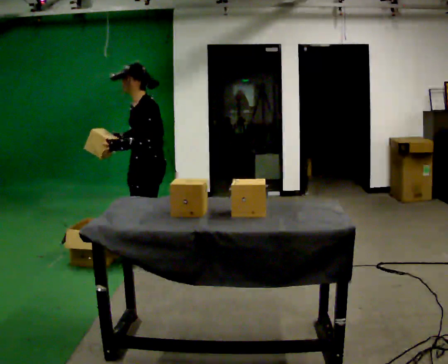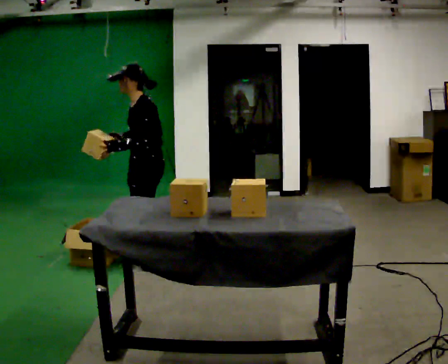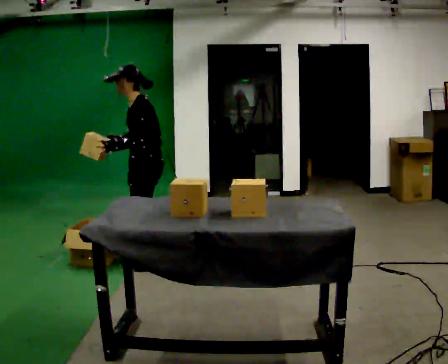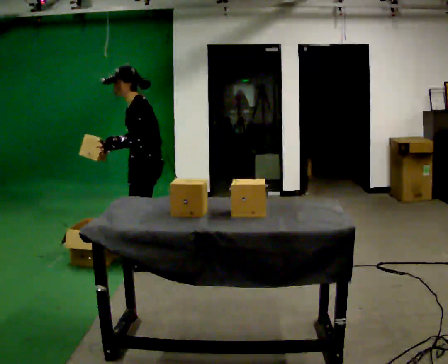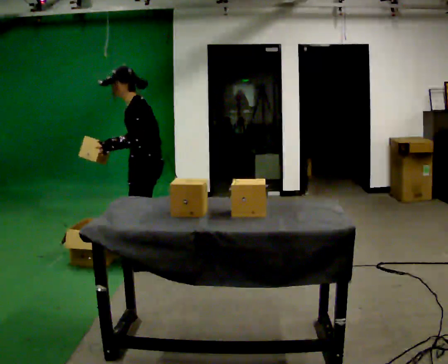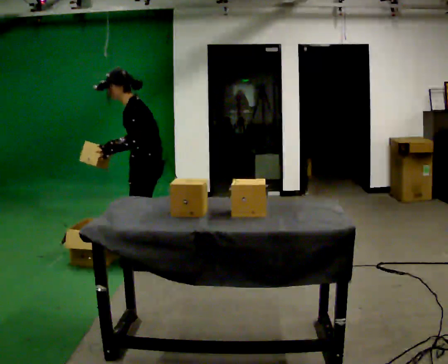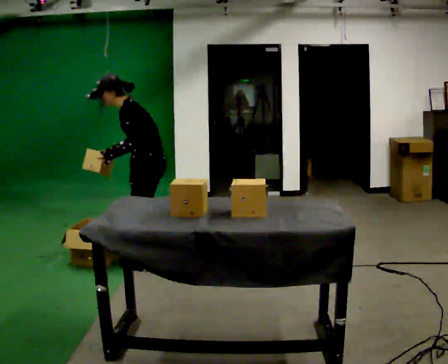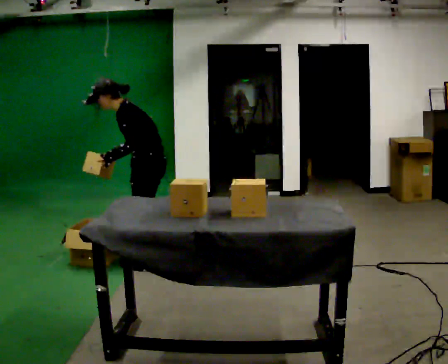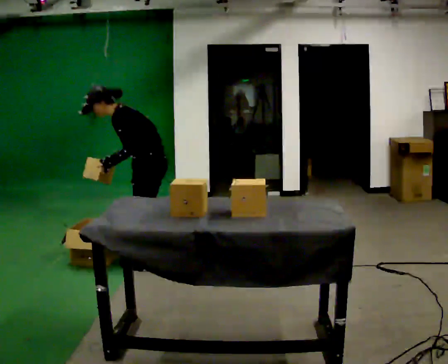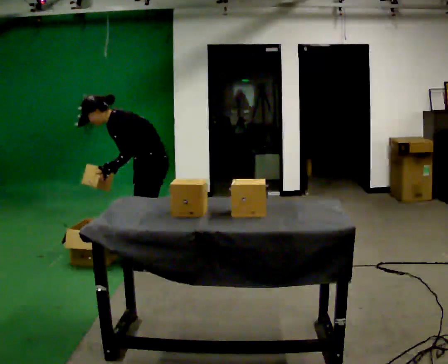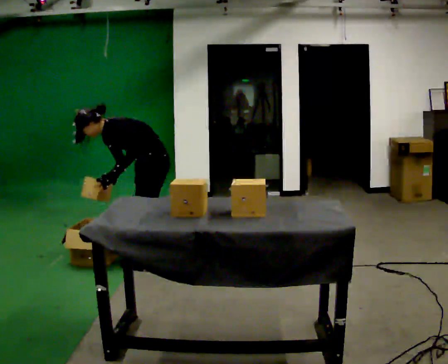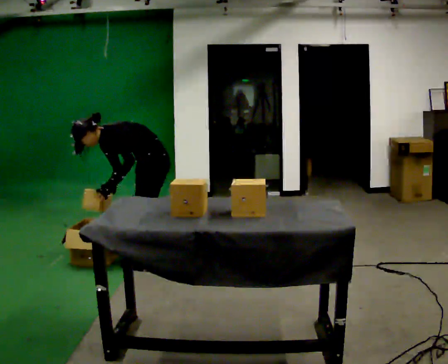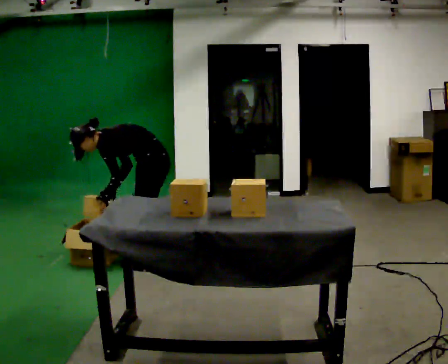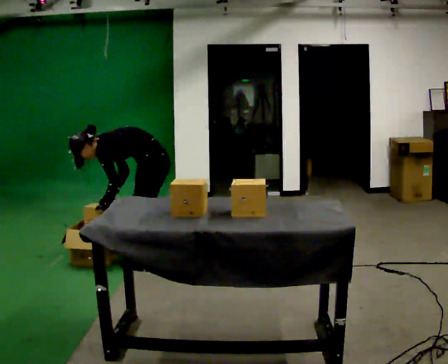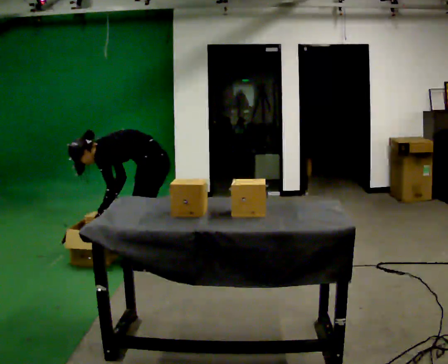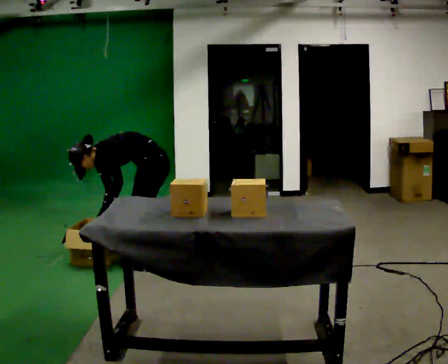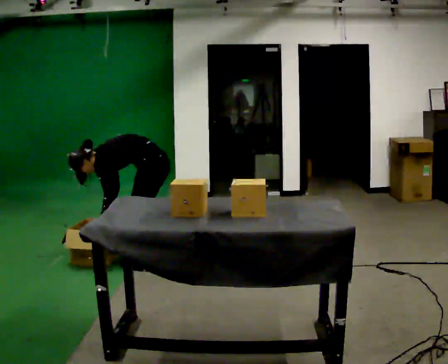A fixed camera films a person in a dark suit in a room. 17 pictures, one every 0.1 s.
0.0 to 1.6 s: The part of the body nearest the lens slides to the left as the person turns to their right by about 30 degrees. The upper body goes downward. In the picture the upper body tilts counterclockwise, shoulders to the left, as they bend forward. In the picture their left hand goes downward.
The film runs backward here.
